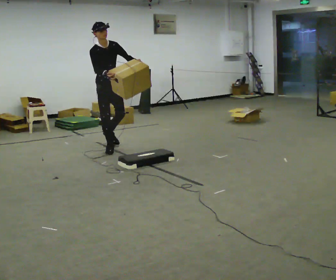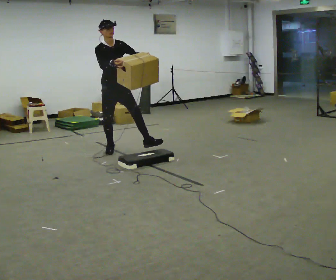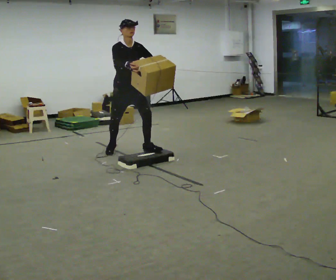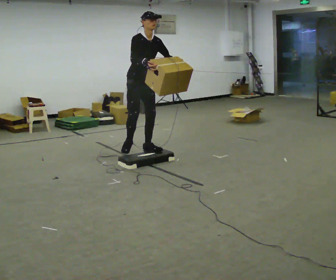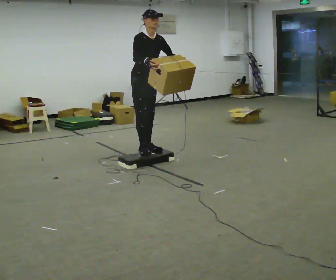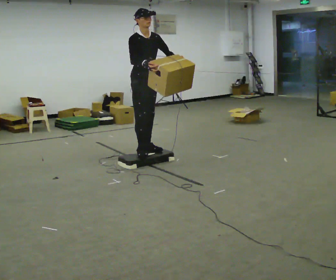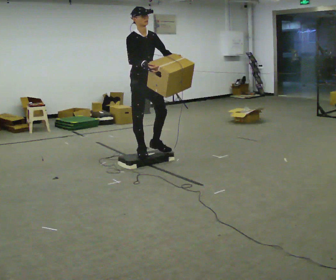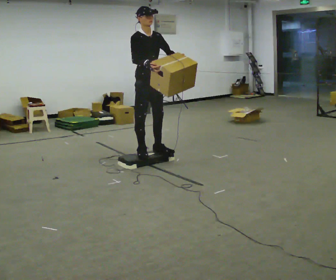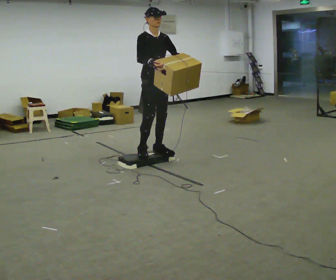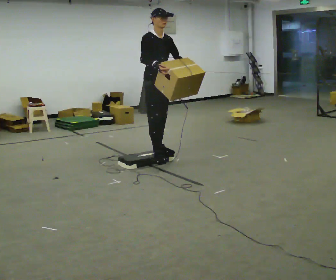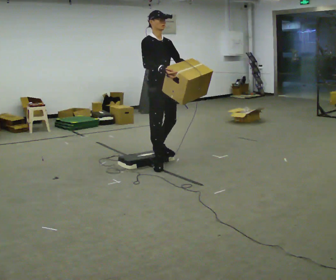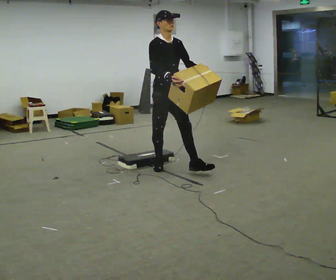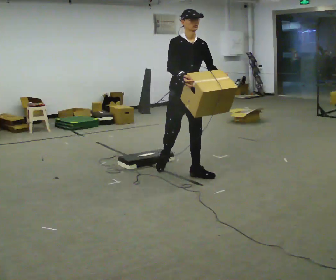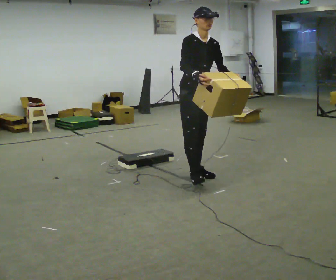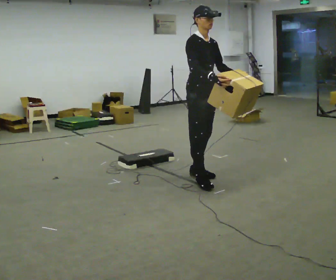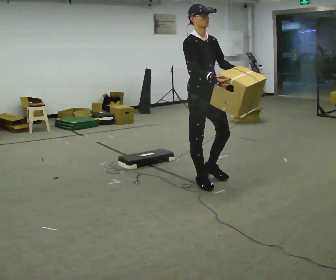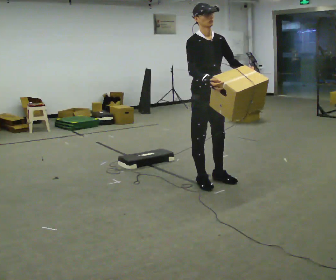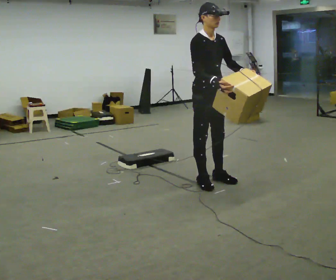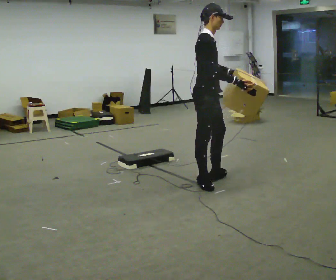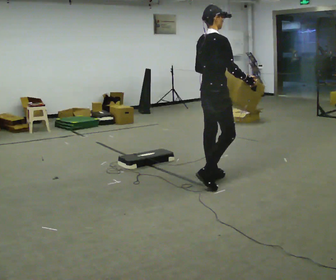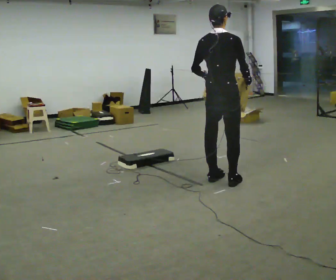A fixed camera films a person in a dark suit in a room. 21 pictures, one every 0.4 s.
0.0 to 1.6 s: In the picture they go to the right and toward the camera, about 0.75 m in 1 step, which for them is forward and to their left.
1.6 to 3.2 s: In the picture they go to the right, about 0.25 m in 2 steps, which for them is forward.
3.2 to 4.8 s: In the picture they go toward the camera and to the right, about 0.5 m in 2 steps, which for them is forward.
4.8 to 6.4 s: In the picture they go toward the camera and to the right, about 0.25 m in 2 steps, which for them is forward.
6.4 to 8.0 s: Seen from above the body turns counterclockwise, about 120 degrees: to their left, with its near side sliding to the right. The upper body tips away from the camera, its near side rolling upward. In the picture their left hand goes to the left, the arm swinging clockwise.
The film runs forward here.
